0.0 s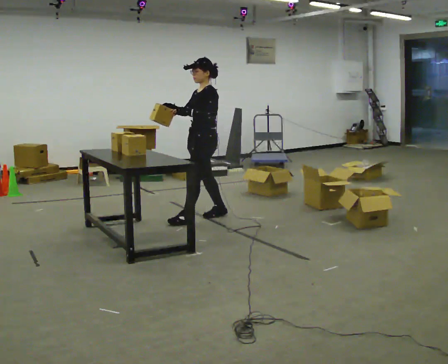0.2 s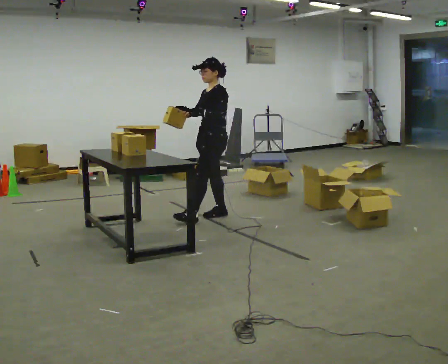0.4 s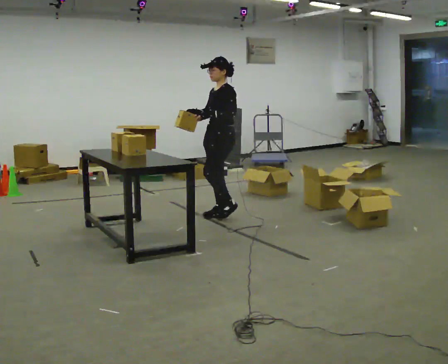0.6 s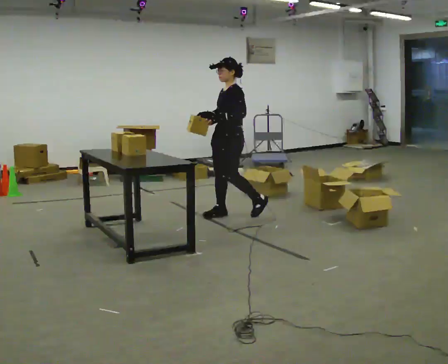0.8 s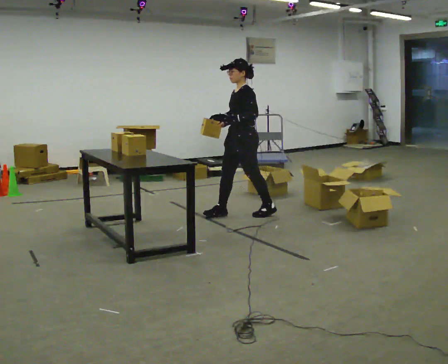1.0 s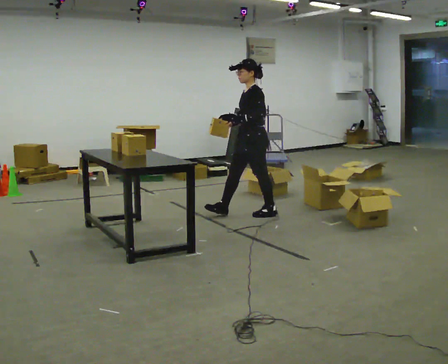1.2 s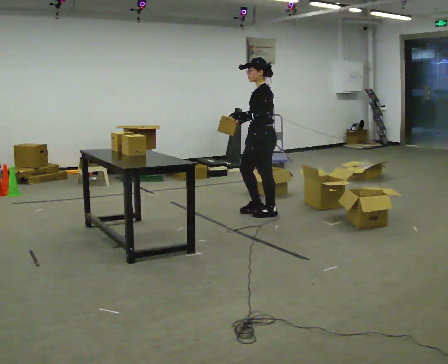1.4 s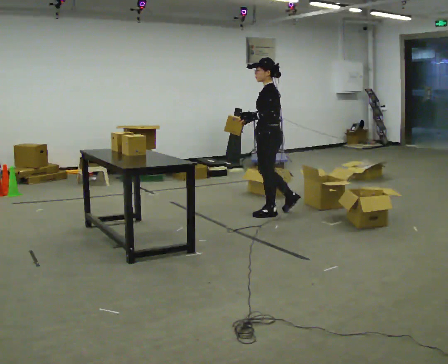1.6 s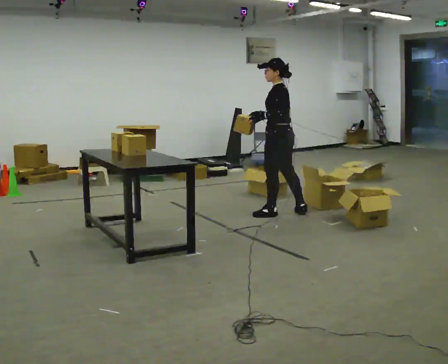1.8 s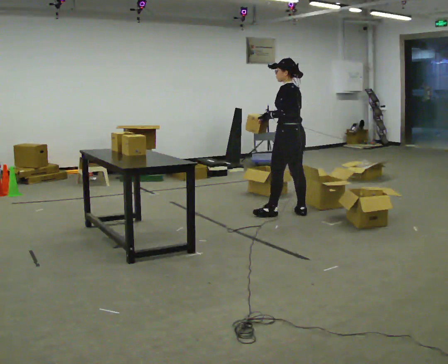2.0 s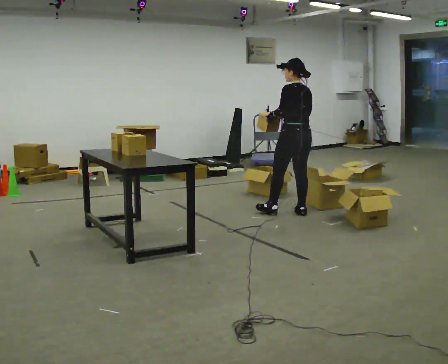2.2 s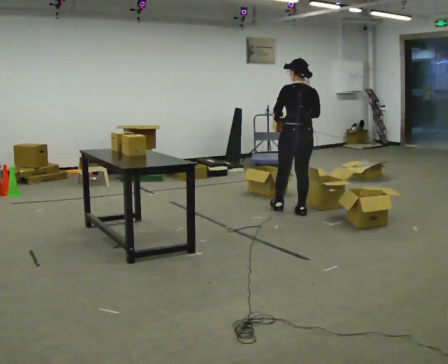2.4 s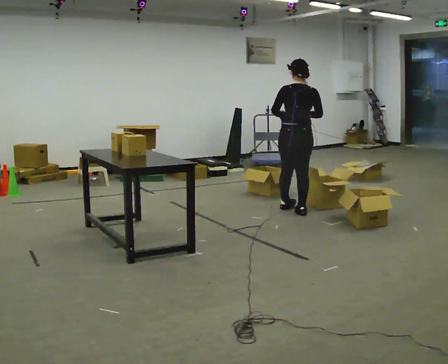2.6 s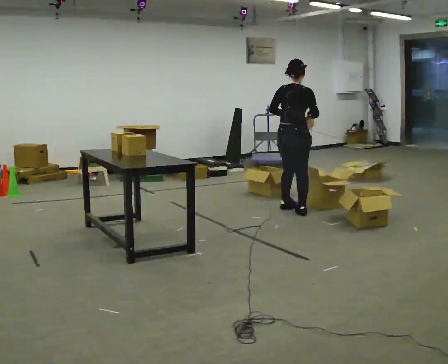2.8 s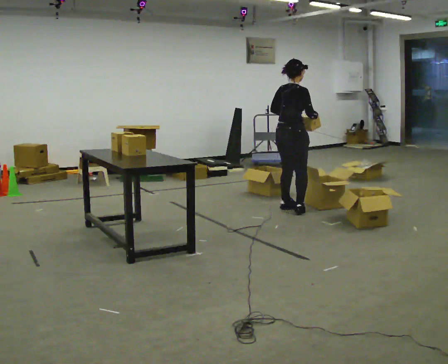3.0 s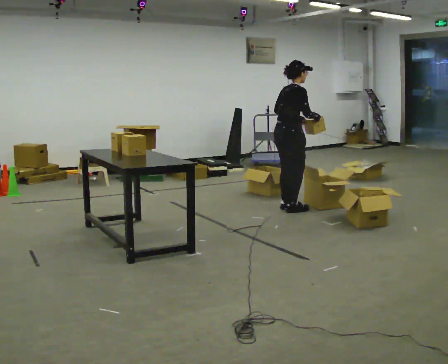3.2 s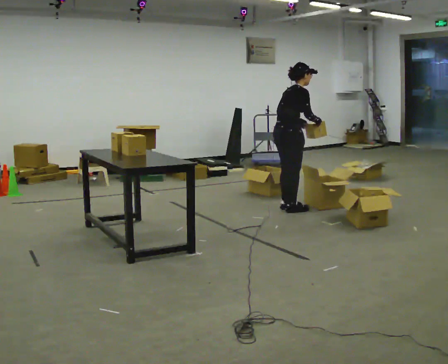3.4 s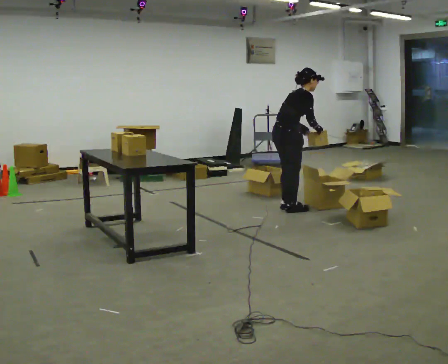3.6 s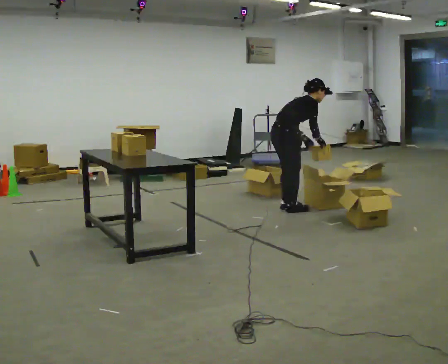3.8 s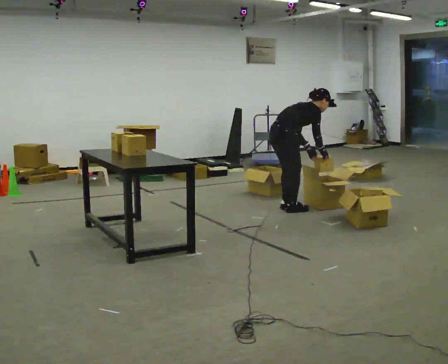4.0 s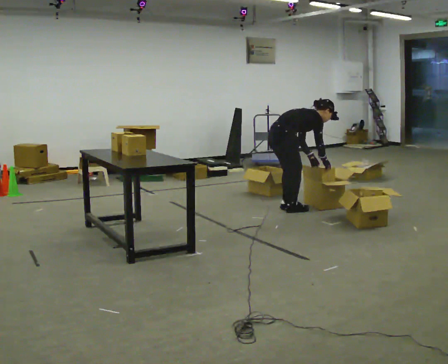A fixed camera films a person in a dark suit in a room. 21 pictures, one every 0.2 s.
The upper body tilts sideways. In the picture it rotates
clockwise.
Their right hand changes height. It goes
downward.
0.0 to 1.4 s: Seen from above the body turns clockwise, about 30 degrees: to their right, with its near side sliding to the left. In the picture they go to the right, about 0.75 m in 2 steps, which for them is backward.
1.4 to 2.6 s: The part of the body nearest the lens slides to the left as the person turns to their right by about 120 degrees. In the picture they go to the right and away from the camera, about 0.25 m in 1 step.
2.6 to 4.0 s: The part of the body nearest the lens slides to the left as the person turns to their right by about 30 degrees. The shoulders move downward. In the picture the upper body tilts clockwise, shoulders to the right, as they bend forward. In the picture their right hand goes downward.
The film runs backward here.
